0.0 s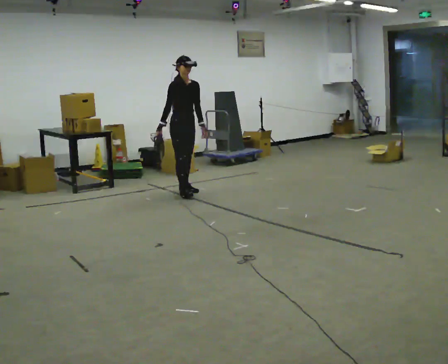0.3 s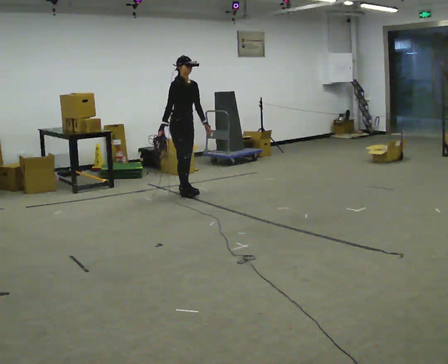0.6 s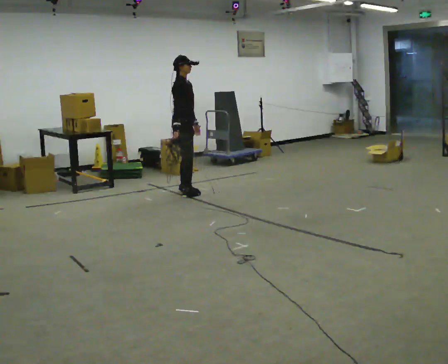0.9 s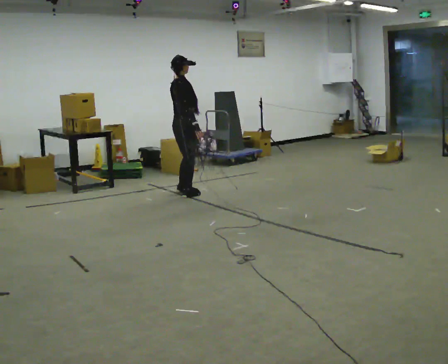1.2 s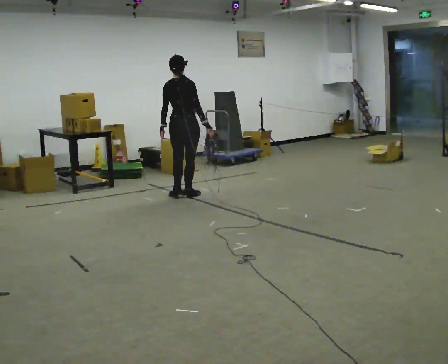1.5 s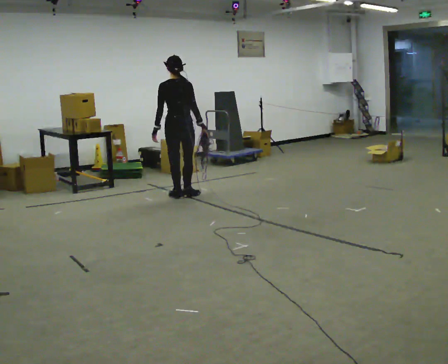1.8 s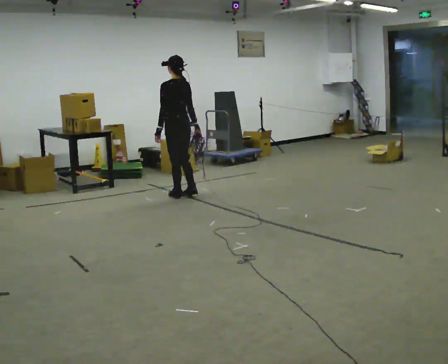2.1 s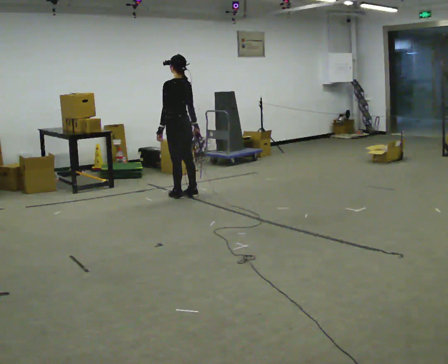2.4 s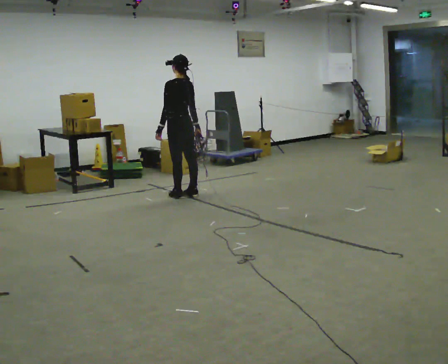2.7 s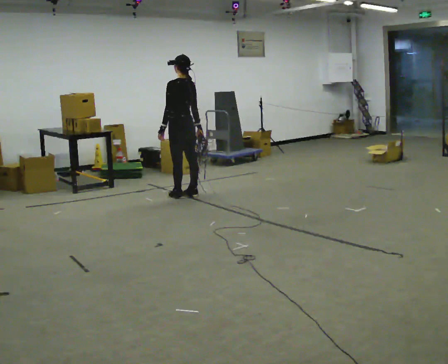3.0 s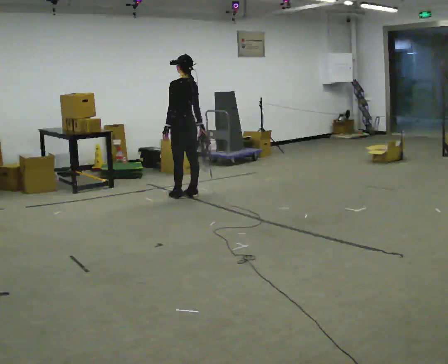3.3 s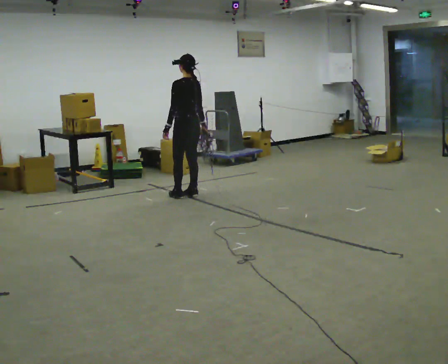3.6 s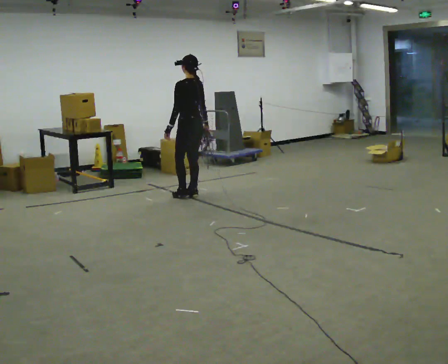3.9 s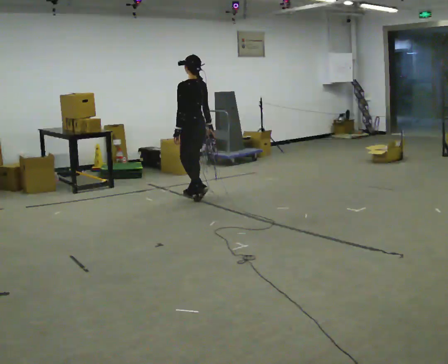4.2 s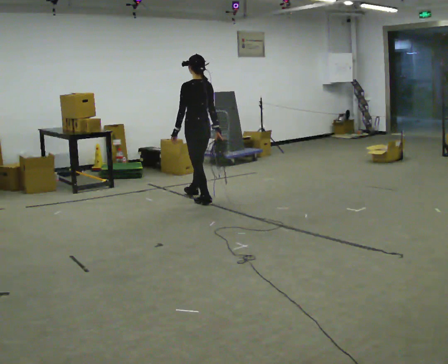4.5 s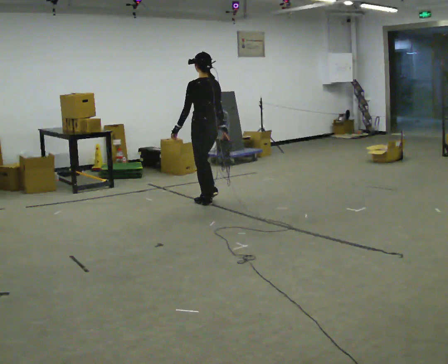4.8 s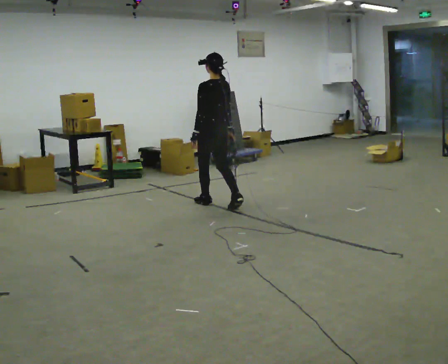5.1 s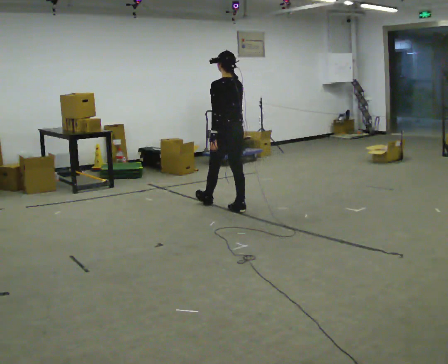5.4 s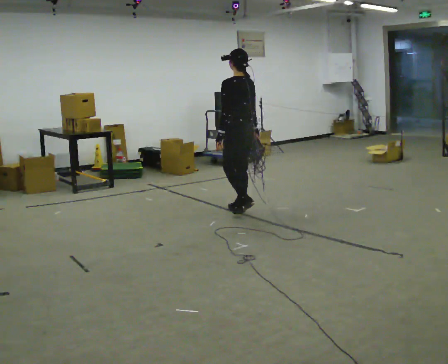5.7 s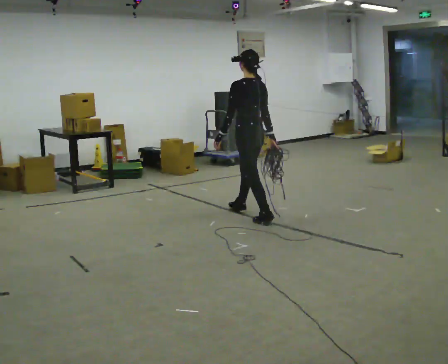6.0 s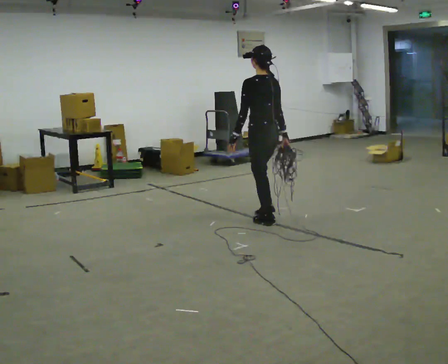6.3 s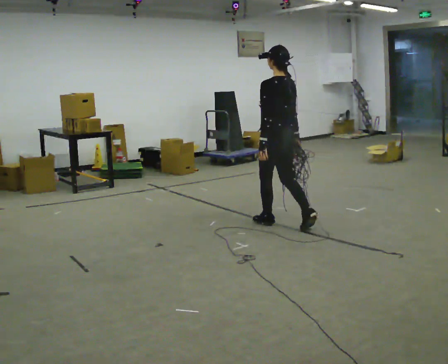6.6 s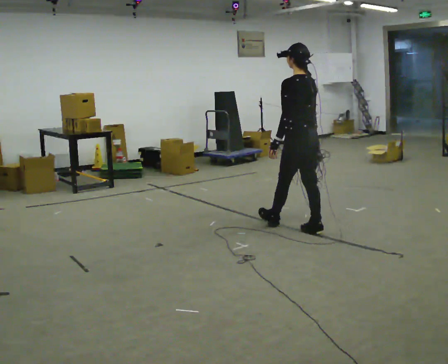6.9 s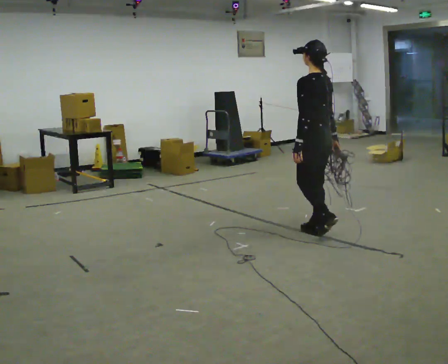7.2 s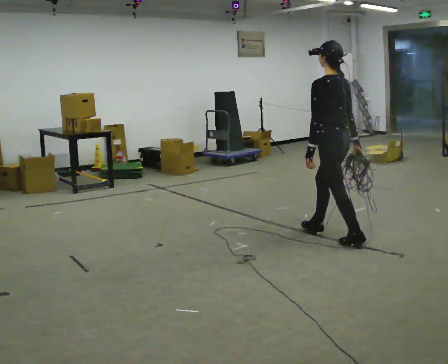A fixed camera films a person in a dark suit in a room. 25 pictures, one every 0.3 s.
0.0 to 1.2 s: The person turns about 120 degrees to their left, counterclockwise seen from above, so the part of the body nearest the lens slides to the right. In the picture they go toward the camera, about 0.25 m in 1 step. In the picture their right hand goes to the right, the arm swinging counterclockwise.
1.2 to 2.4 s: Seen from above the body turns counterclockwise, about 75 degrees: to their left, with its near side sliding to the right.
2.4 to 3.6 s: The person moves a little, or ends about where they began.
3.6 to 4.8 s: In the picture they go toward the camera and to the right, about 0.5 m in 1 step, which for them is backward.
4.8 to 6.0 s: In the picture they go toward the camera and to the right, about 1 m in 2 steps, which for them is backward.
6.0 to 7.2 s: In the picture they go toward the camera and to the right, about 1 m in 1 step, which for them is backward.
The film runs backward here.
